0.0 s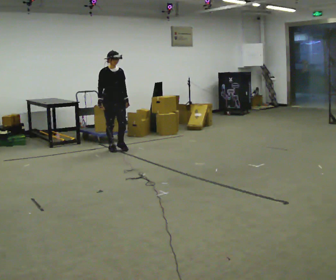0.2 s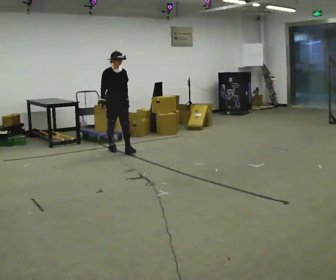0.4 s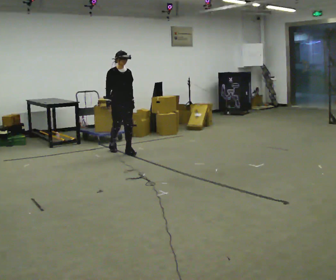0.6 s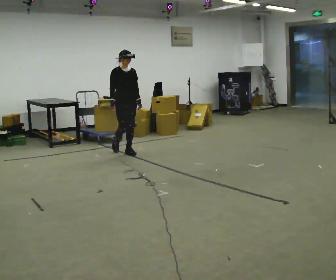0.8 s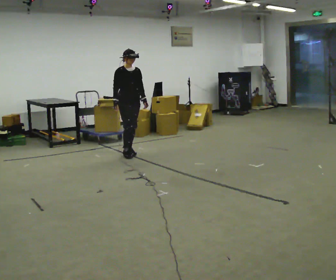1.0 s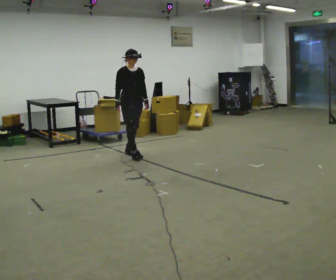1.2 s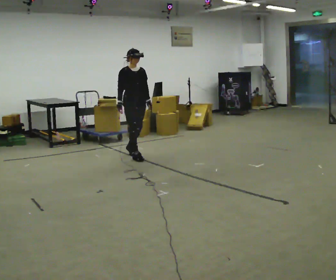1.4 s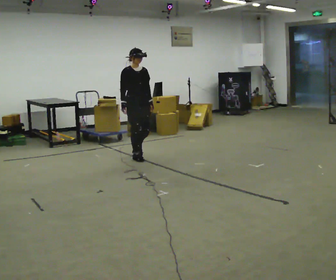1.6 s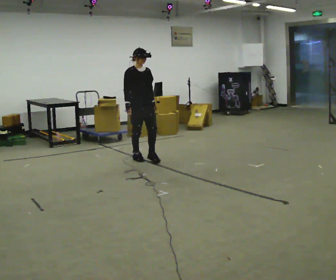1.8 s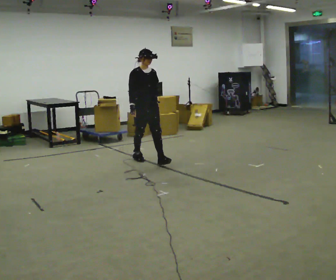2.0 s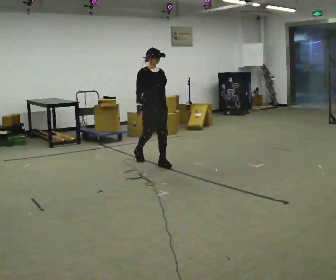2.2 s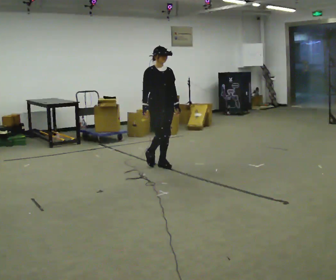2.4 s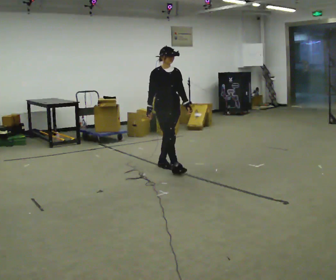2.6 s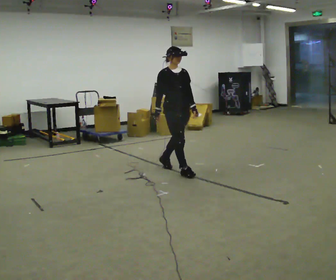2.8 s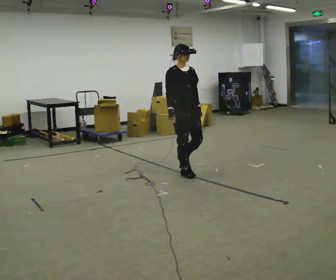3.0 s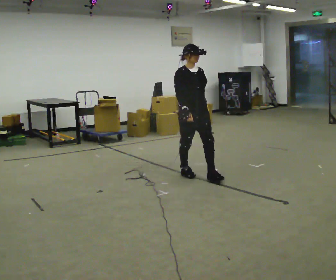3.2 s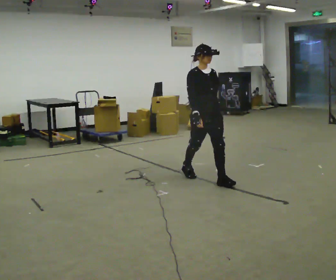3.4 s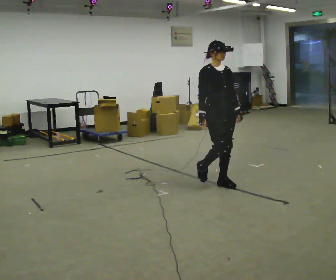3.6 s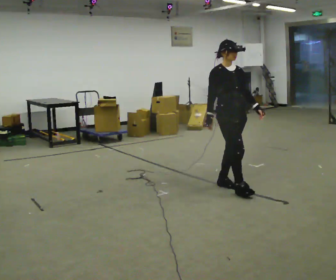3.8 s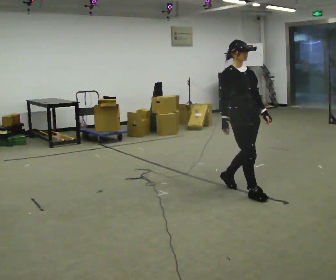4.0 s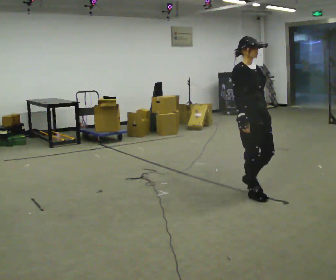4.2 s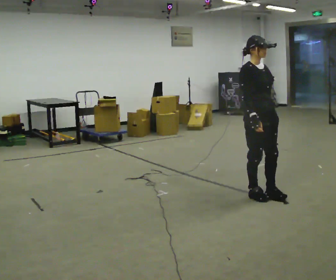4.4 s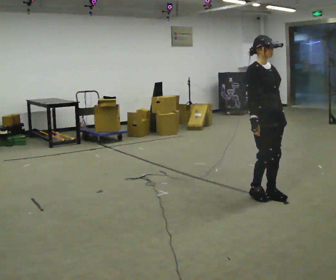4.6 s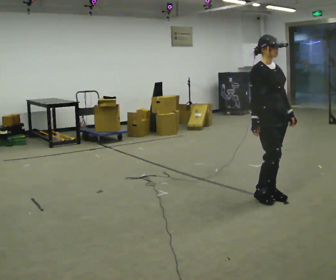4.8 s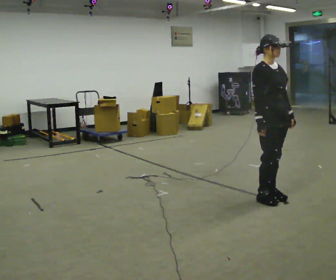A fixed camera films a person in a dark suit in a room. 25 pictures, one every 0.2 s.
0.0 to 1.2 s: In the picture they go toward the camera and to the right, about 0.5 m in 2 steps, which for them is forward.
1.2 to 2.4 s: In the picture they go toward the camera and to the right, about 1 m in 1 step, which for them is forward.
2.4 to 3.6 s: In the picture they go toward the camera and to the right, about 1 m in 2 steps, which for them is forward.
3.6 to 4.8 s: In the picture they go toward the camera and to the right, about 0.5 m in 2 steps, which for them is forward.
The film runs forward here.
